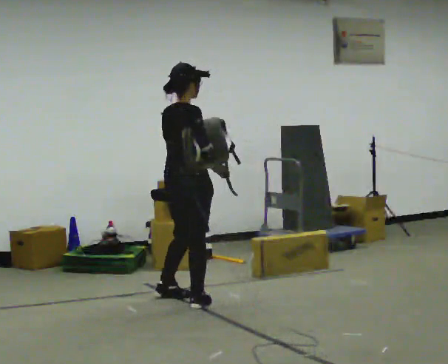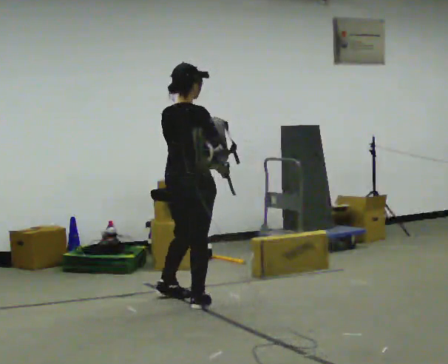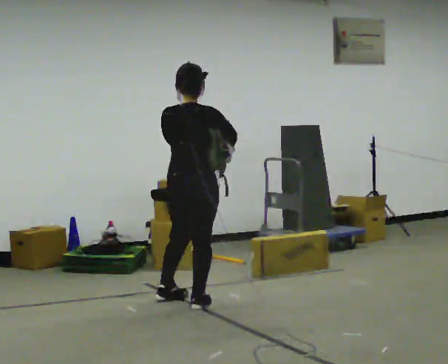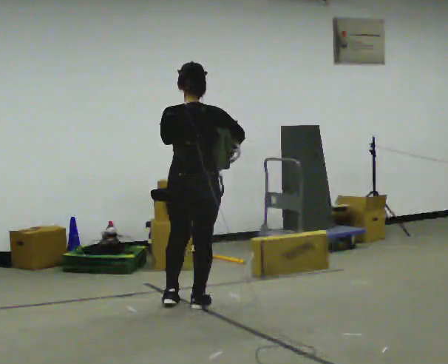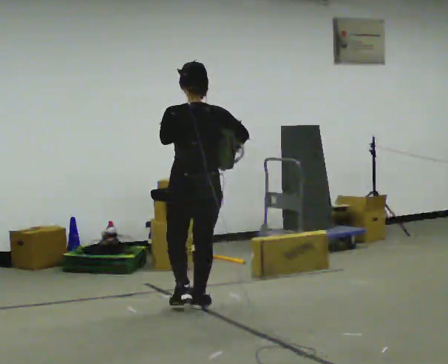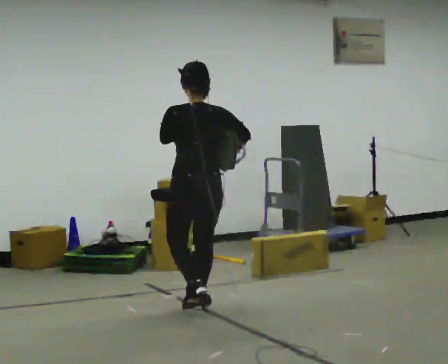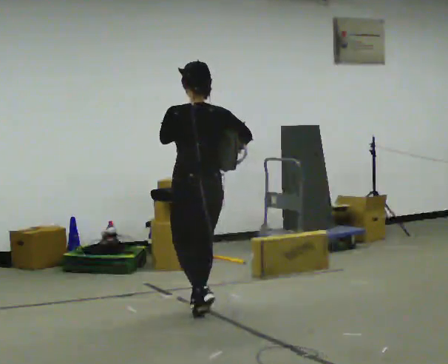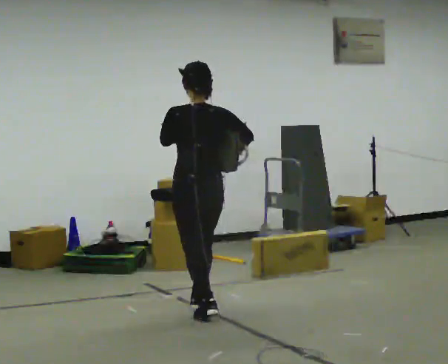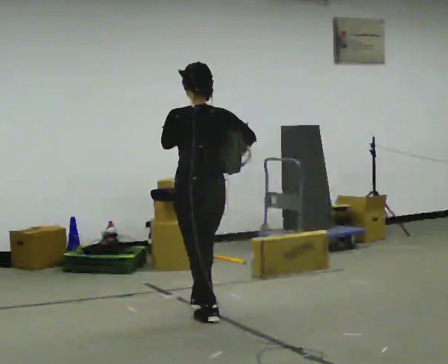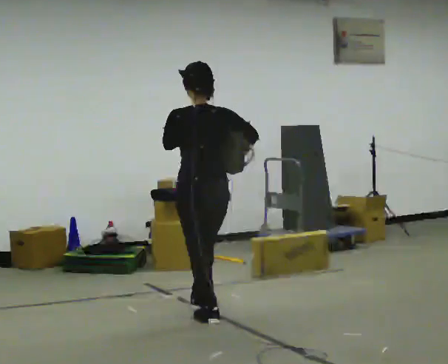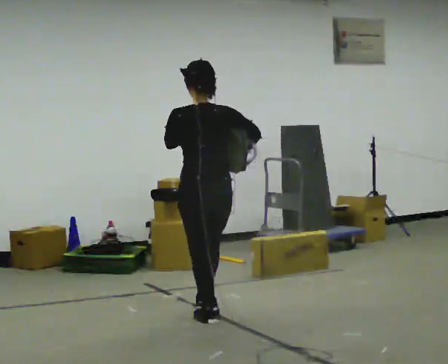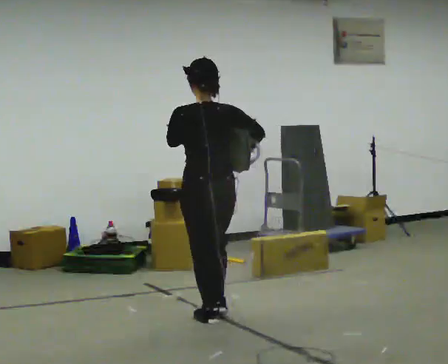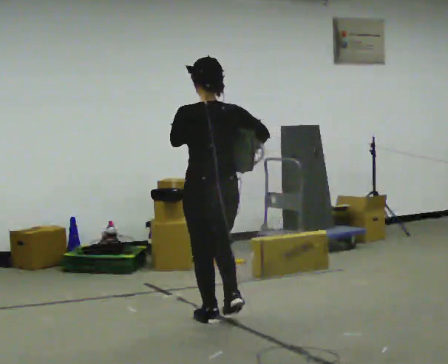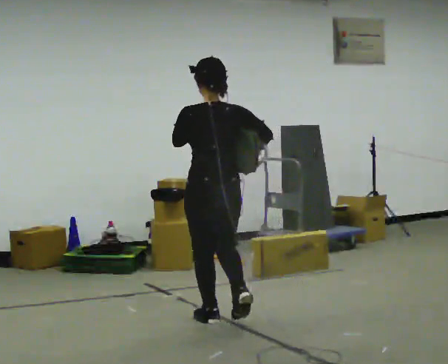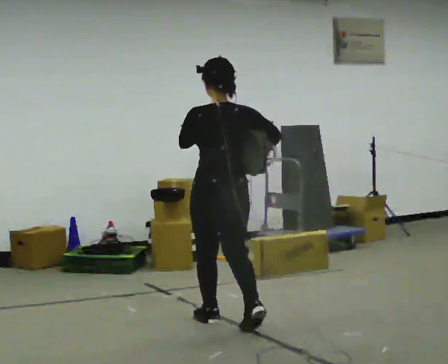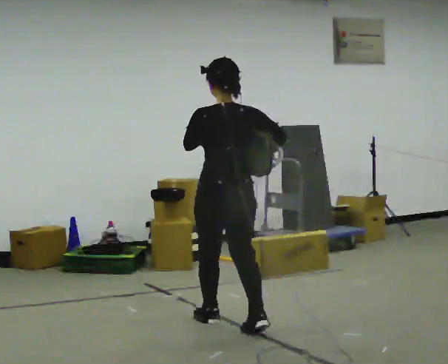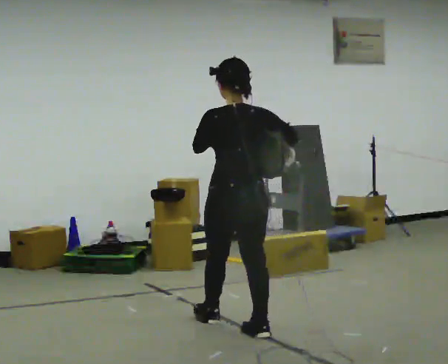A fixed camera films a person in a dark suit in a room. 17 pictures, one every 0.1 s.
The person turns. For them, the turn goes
to their left.
The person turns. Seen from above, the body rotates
counterclockwise.
0.0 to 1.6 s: The part of the body nearest the lens slides to the right as the person turns to their left by about 75 degrees. In the picture they go toward the camera and to the right, about 1 m in 2 steps.
The film runs backward here.
